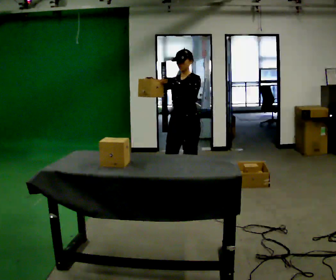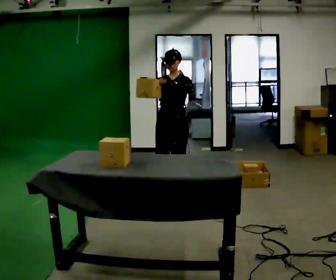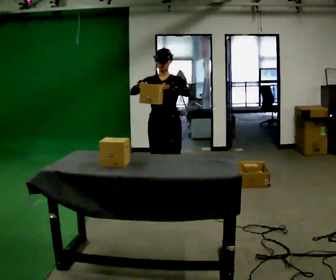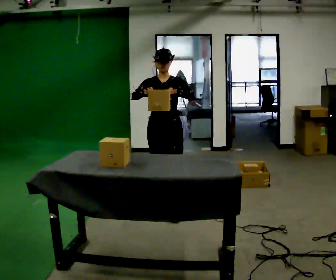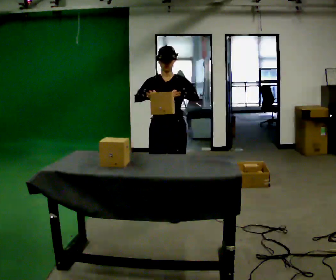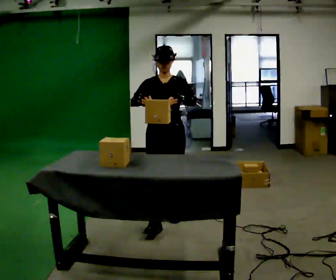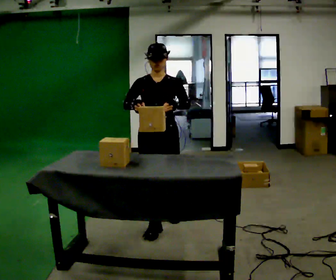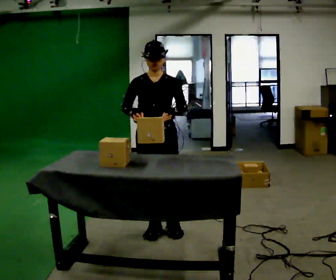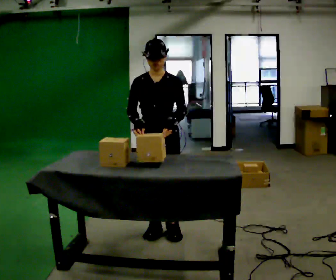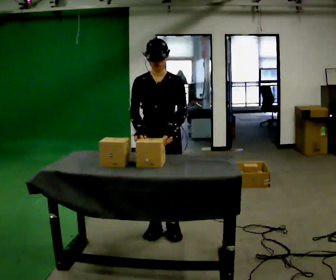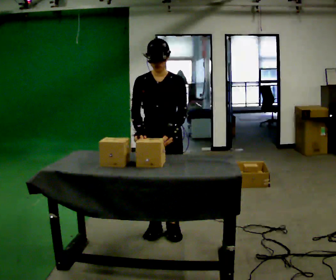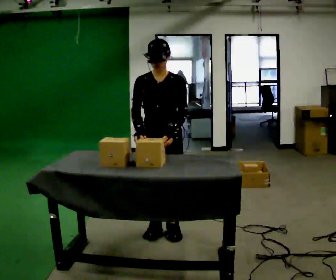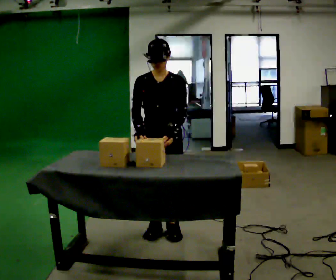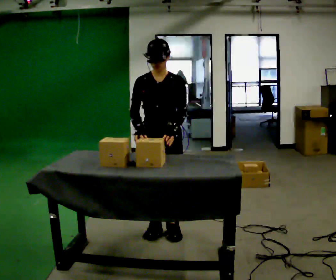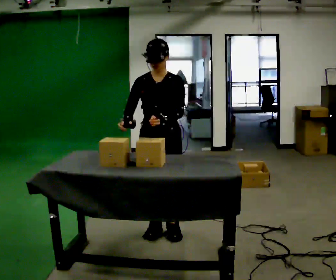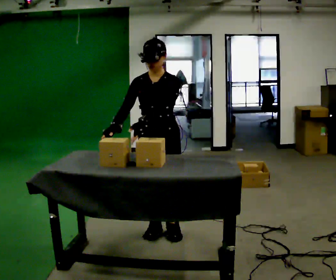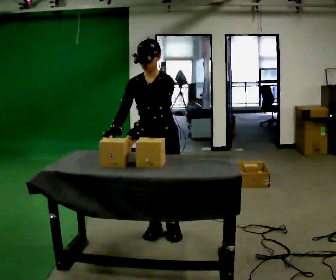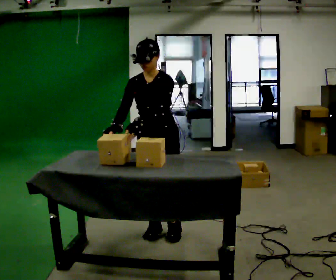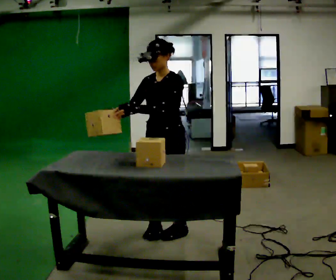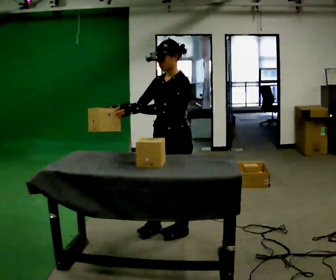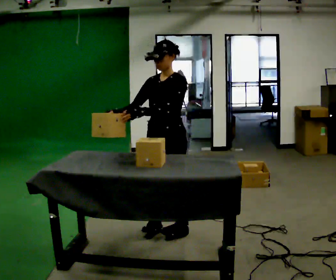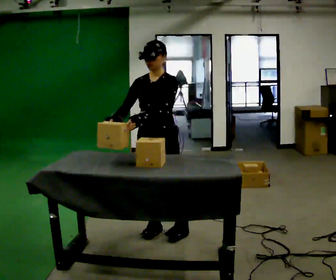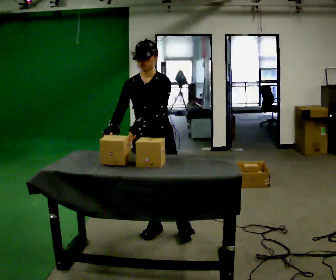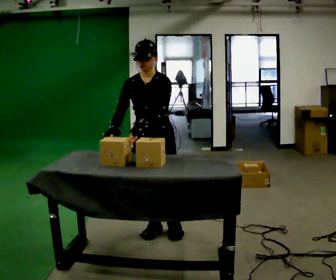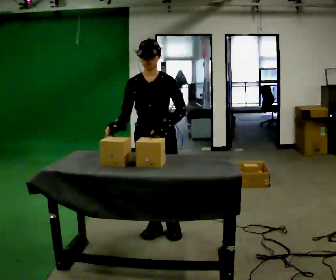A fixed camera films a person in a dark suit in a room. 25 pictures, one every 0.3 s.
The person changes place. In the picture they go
toward the camera.
0.0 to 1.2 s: The part of the body nearest the lens slides to the right as the person turns to their left by about 30 degrees. In the picture they go toward the camera, about 0.5 m in 2 steps, which for them is forward.
1.2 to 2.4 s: In the picture they go toward the camera, about 0.5 m in 2 steps, which for them is forward.
2.4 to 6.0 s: The part of the body nearest the lens slides to the left as the person turns to their right by about 30 degrees.
6.0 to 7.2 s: Seen from above the body turns counterclockwise, about 30 degrees: to their left, with its near side sliding to the right.
The film runs forward here.
